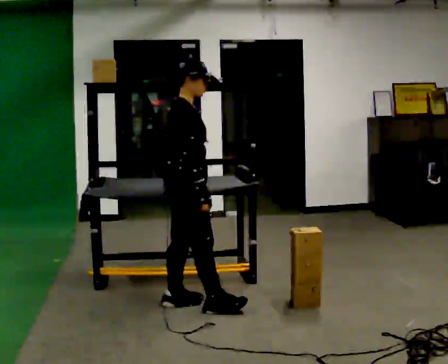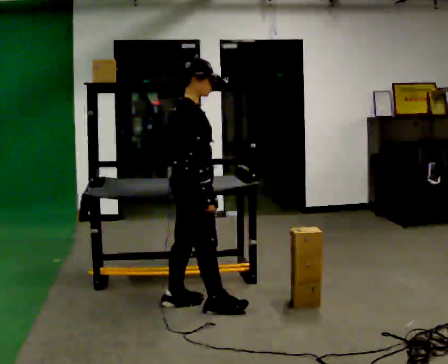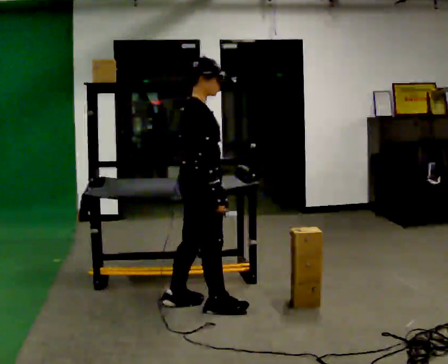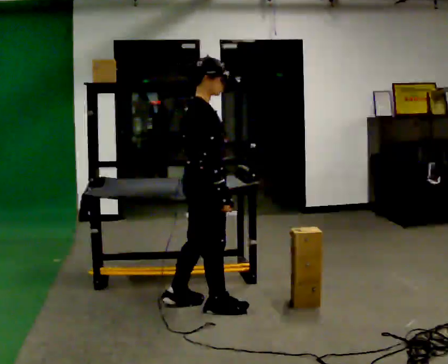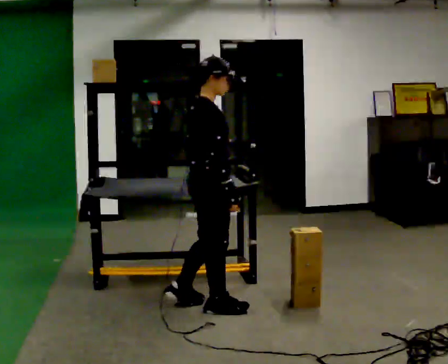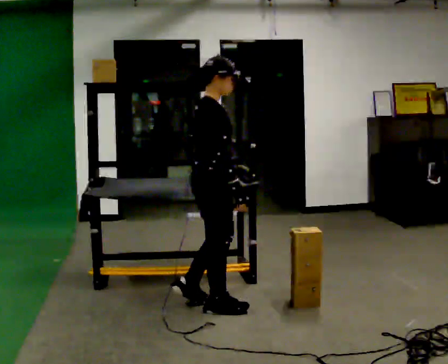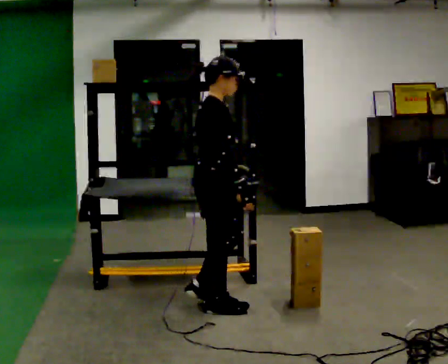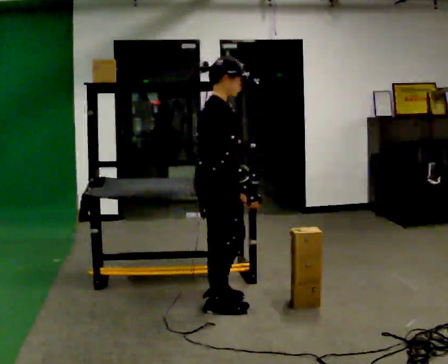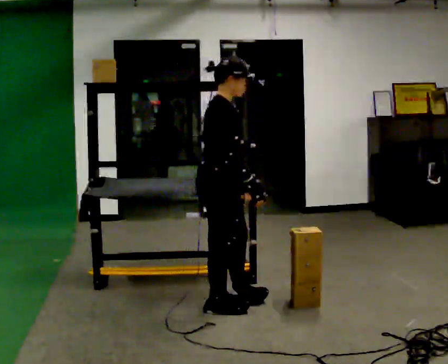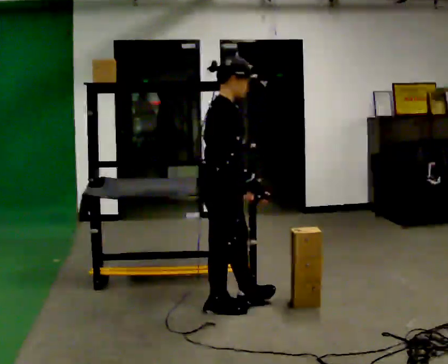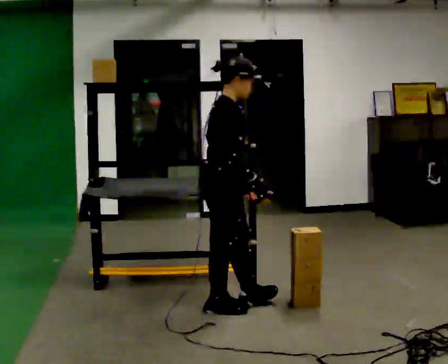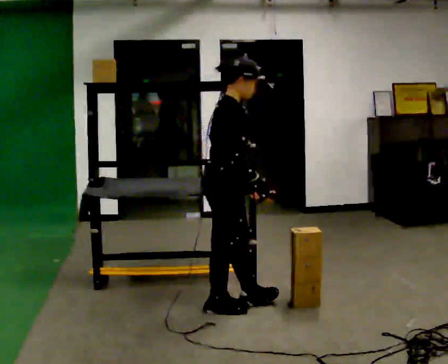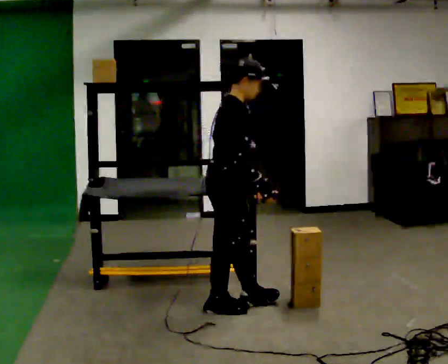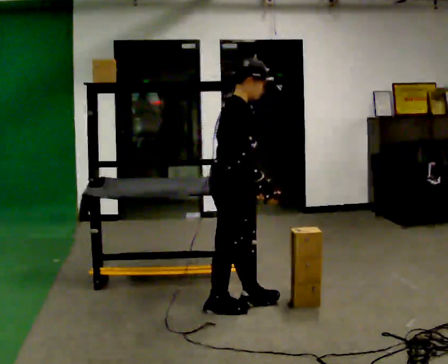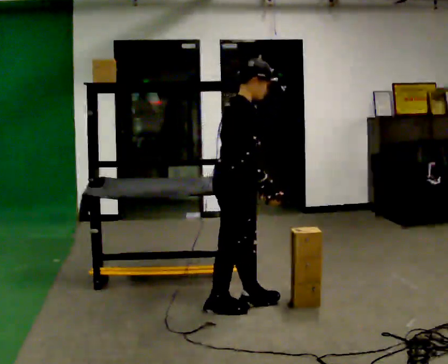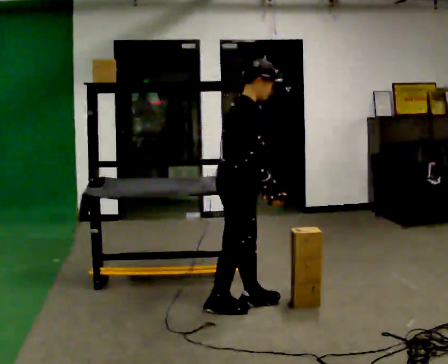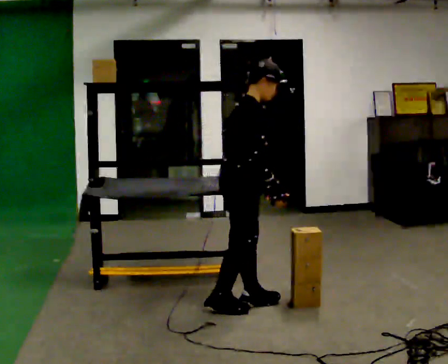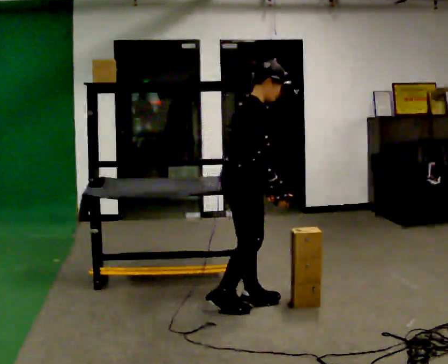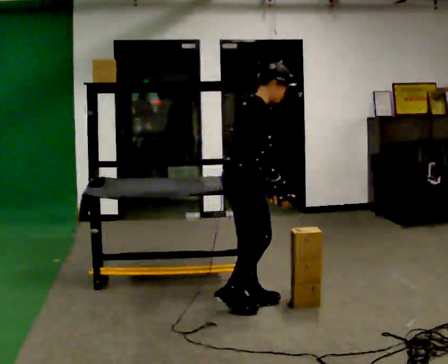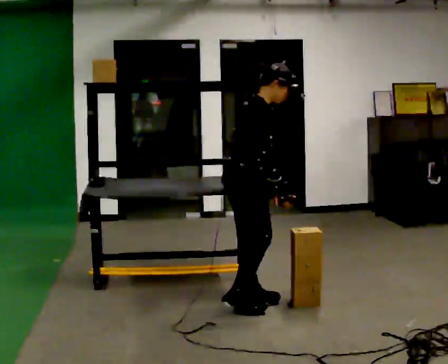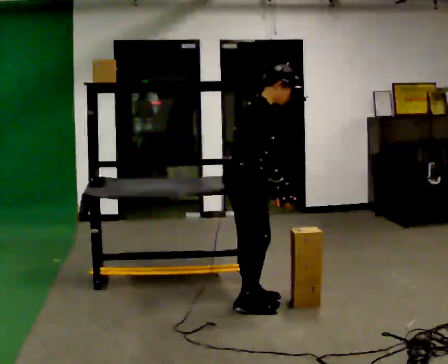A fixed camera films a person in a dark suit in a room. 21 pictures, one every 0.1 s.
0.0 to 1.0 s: In the picture they go to the right, about 0.25 m in 1 step, which for them is forward. In the picture their right hand goes to the right.
1.0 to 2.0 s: The person moves a little, or ends about where they began.
The film runs forward here.
